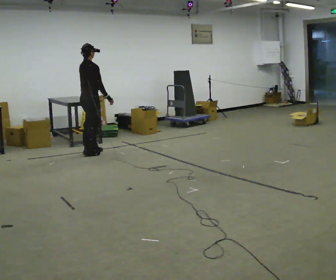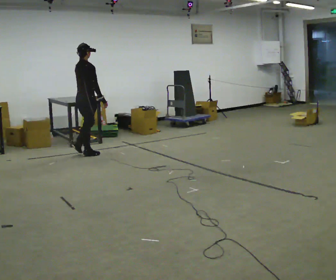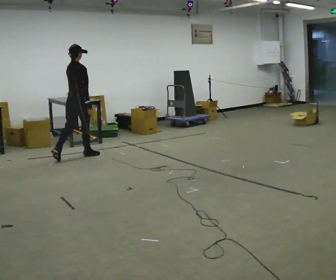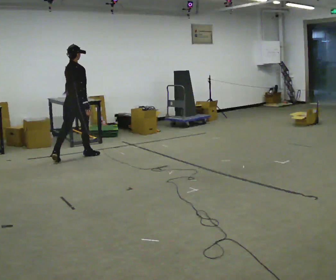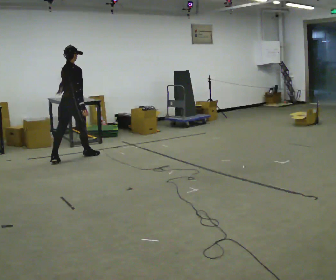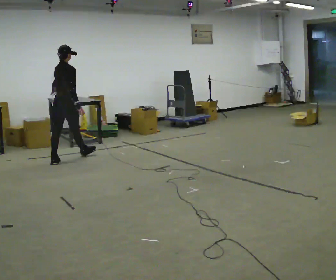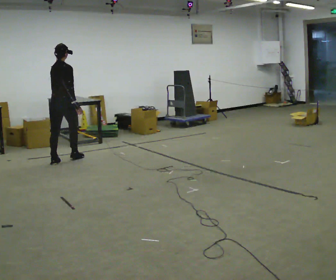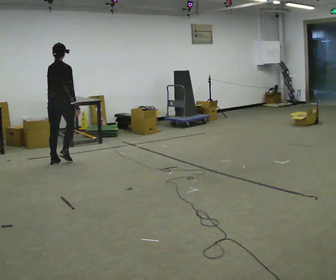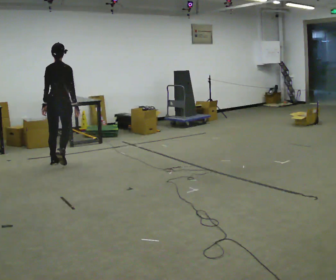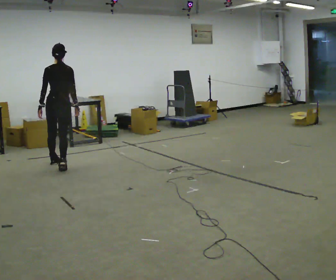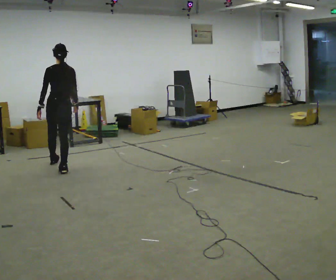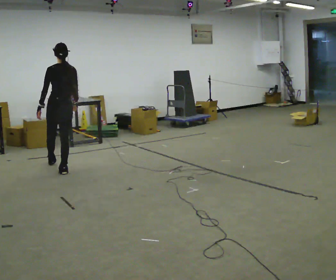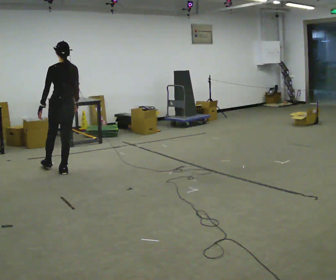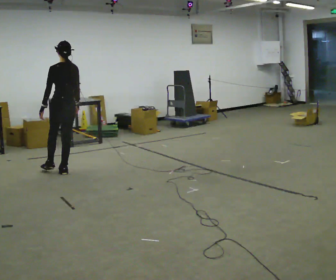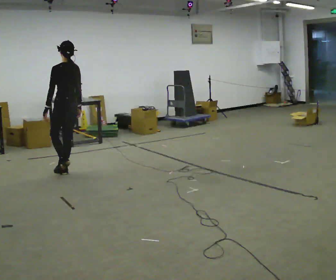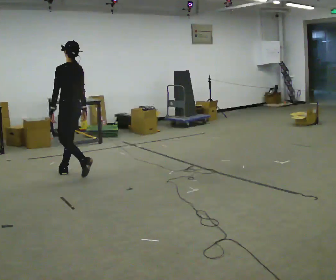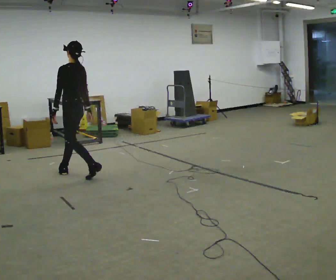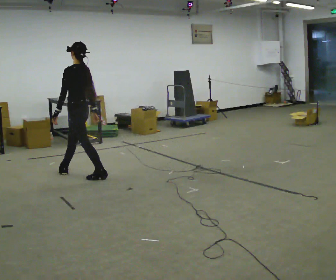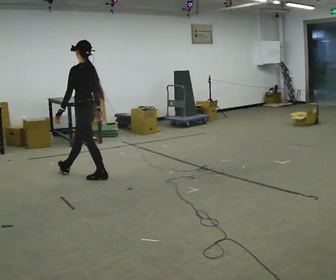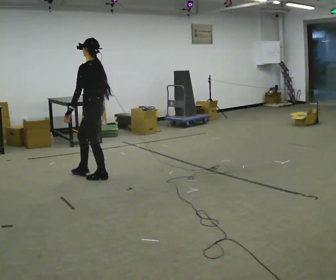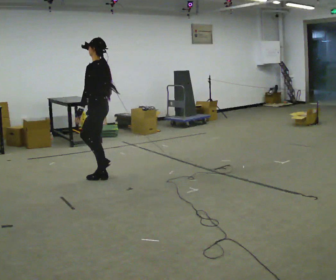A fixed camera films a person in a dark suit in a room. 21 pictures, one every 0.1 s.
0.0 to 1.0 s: The part of the body nearest the lens slides to the right as the person turns to their left by about 60 degrees. In the picture they go toward the camera and to the left, about 0.5 m in 1 step, which for them is backward.
1.0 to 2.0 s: The person turns about 75 degrees to their left, counterclockwise seen from above, so the part of the body nearest the lens slides to the right. In the picture they go toward the camera and to the right, about 1 m in 2 steps.
The film runs backward here.
